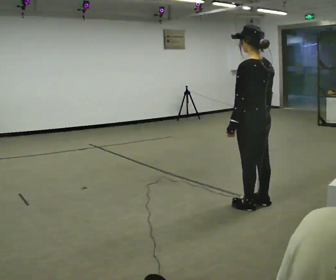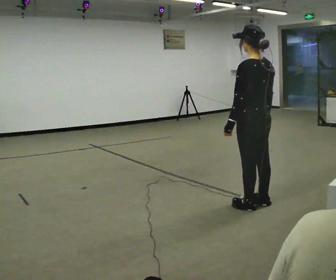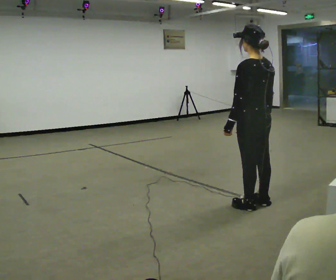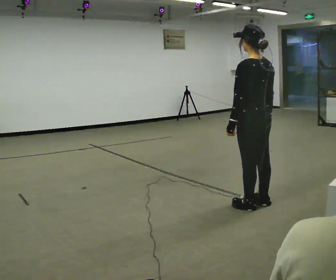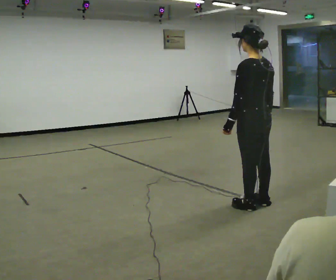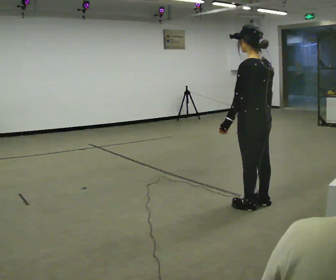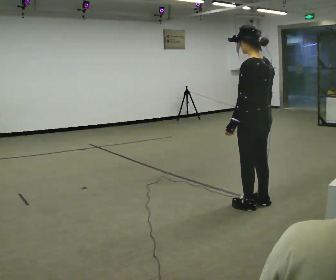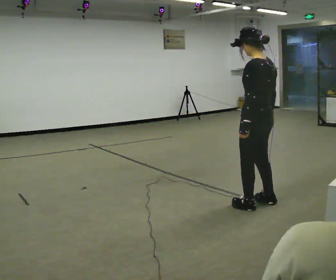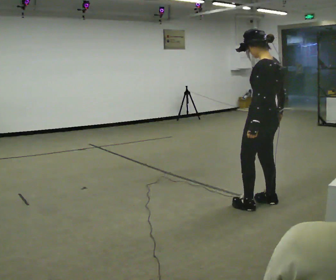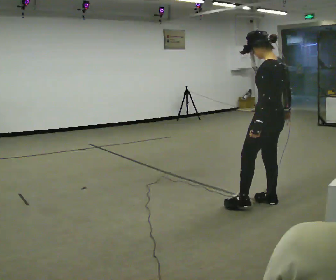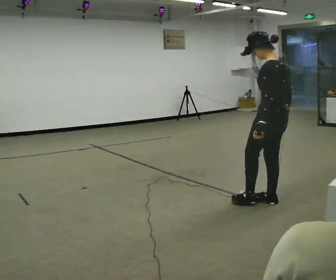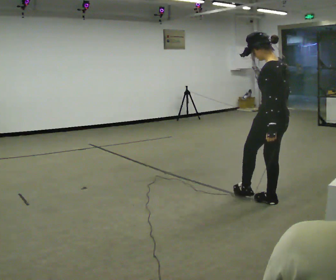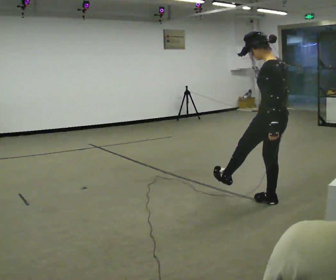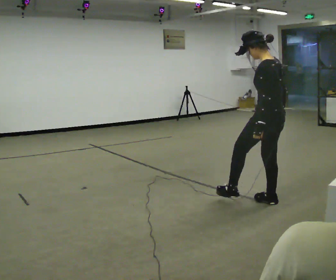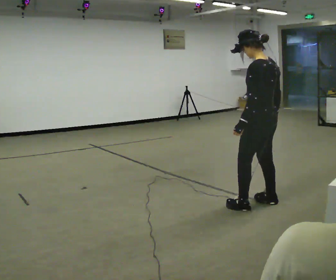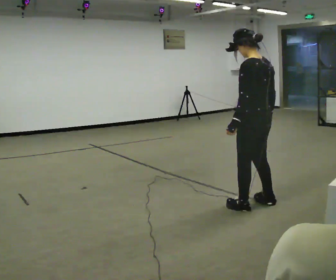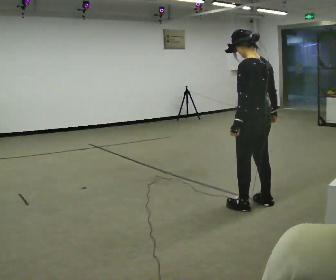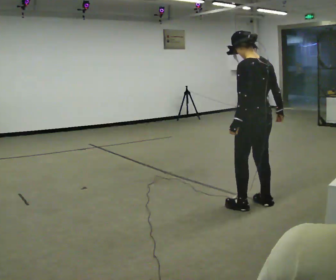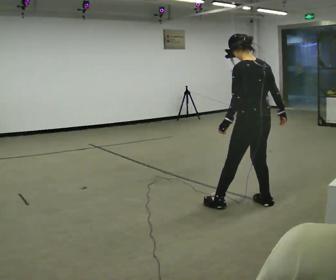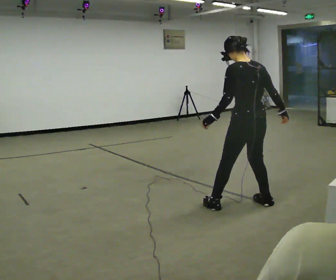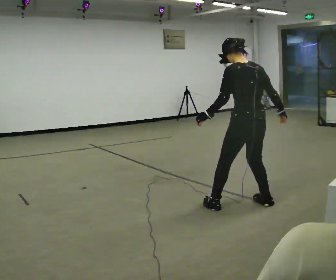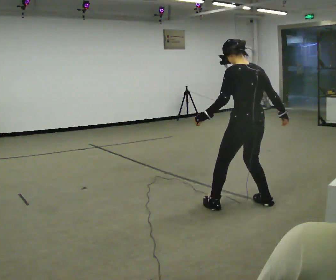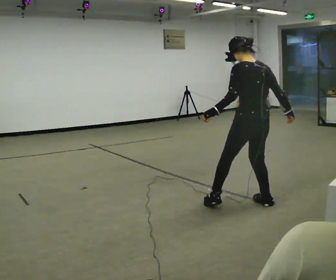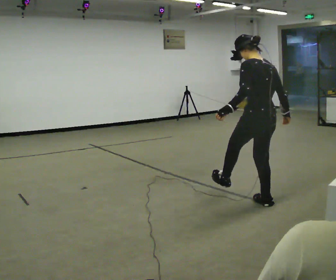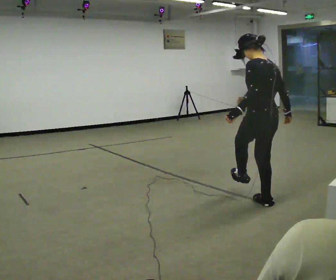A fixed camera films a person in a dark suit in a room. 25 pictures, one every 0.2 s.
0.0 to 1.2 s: The person moves a little, or ends about where they began.
1.2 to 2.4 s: In the picture they go to the right, about 0.25 m, which for them is to their right. In the picture their left hand goes to the right.
2.4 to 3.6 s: In the picture they go to the left, about 0.25 m in 1 step, which for them is to their left and forward.
3.6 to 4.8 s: The person moves a little, or ends about where they began.
The film runs backward here.
